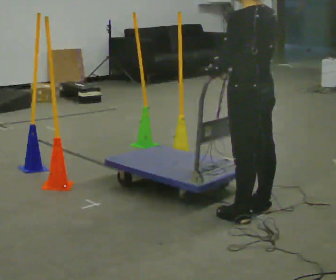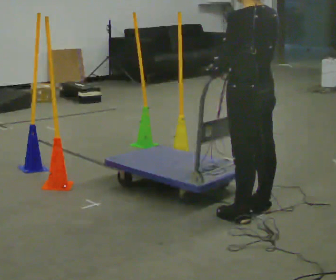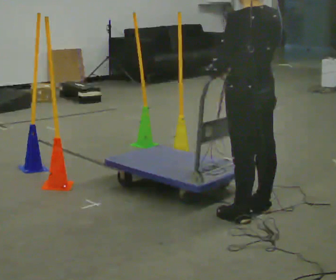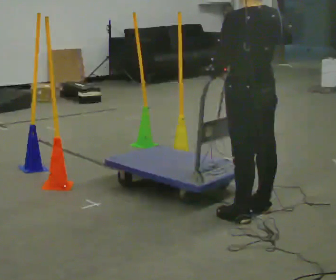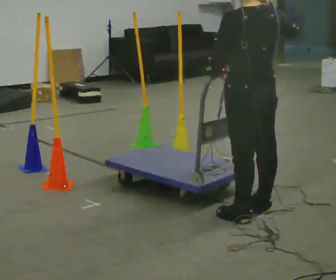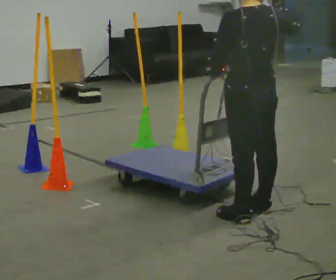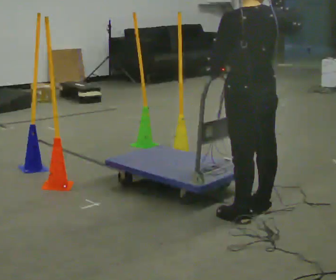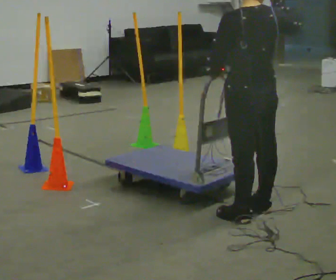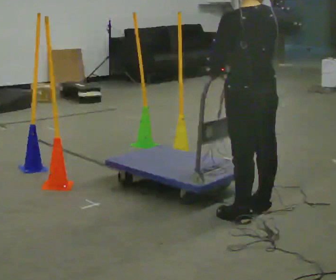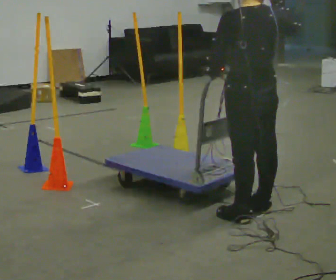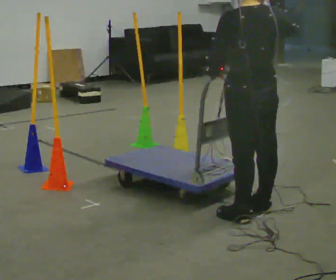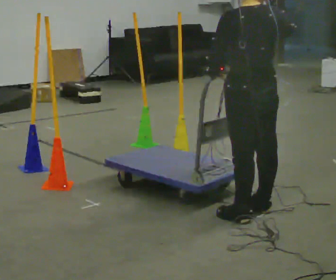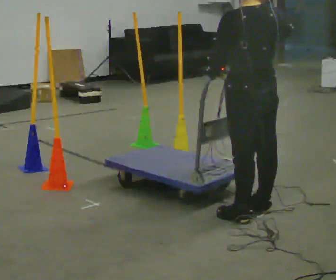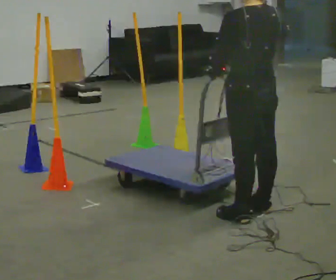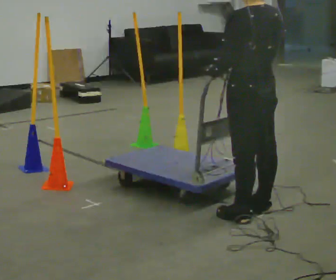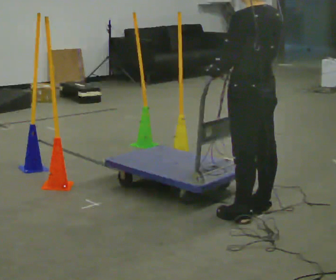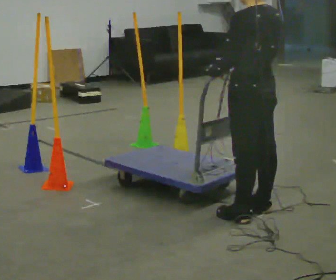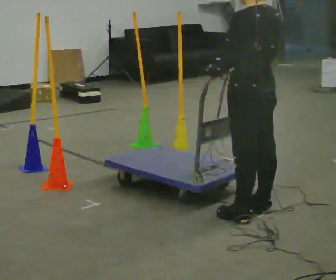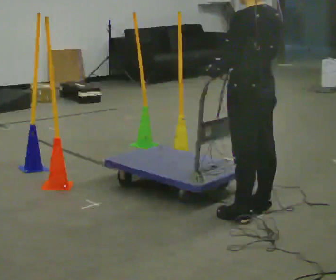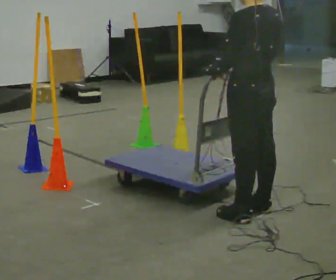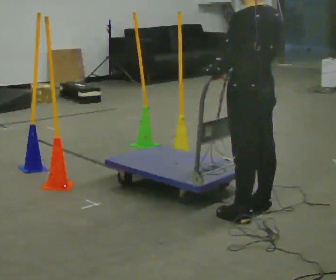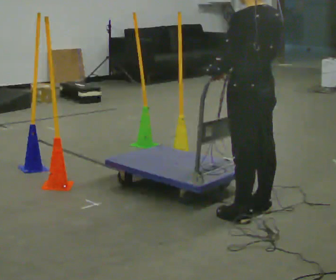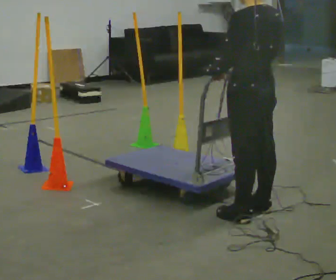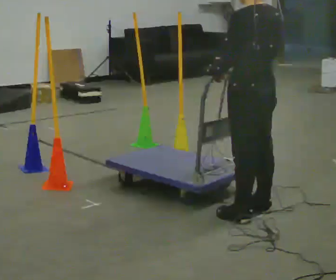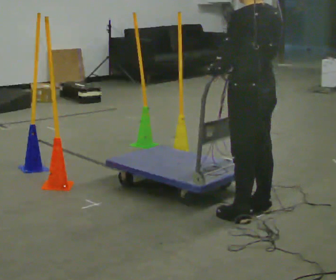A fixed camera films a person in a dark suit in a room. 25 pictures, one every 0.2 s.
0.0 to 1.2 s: In the picture their right hand goes upward.
1.2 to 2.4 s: The person moves a little, or ends about where they began.
2.4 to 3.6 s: In the picture their right hand goes downward.
3.6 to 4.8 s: The person keeps their place and pose.
The film runs backward here.
